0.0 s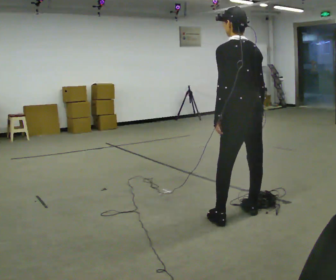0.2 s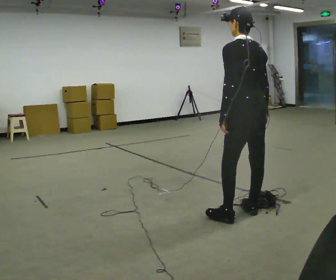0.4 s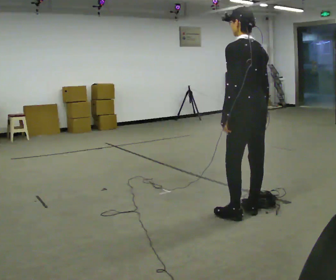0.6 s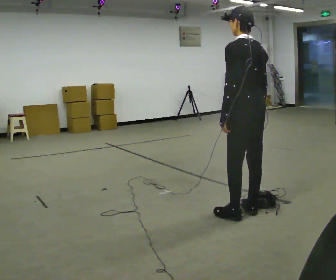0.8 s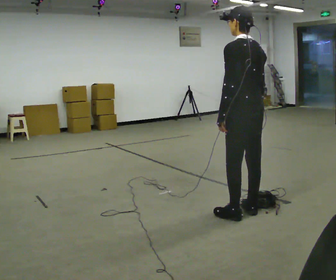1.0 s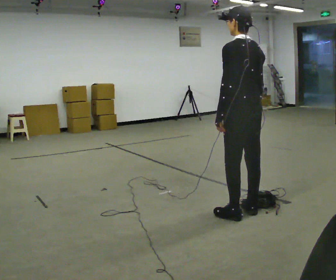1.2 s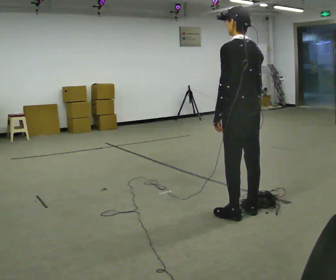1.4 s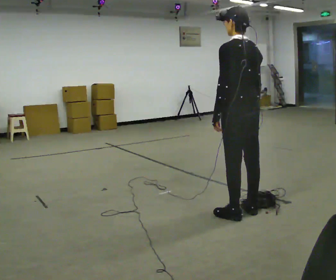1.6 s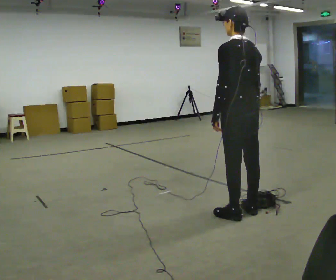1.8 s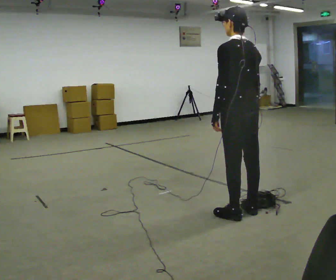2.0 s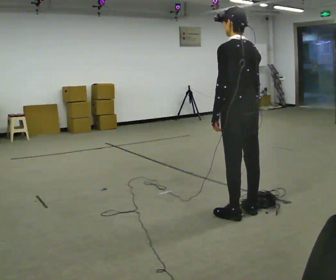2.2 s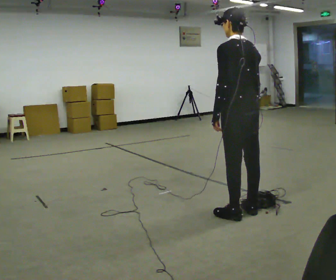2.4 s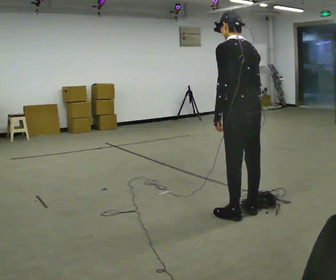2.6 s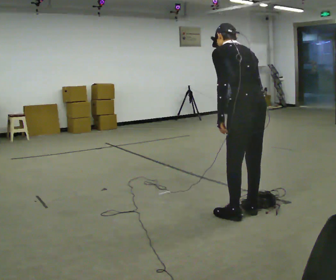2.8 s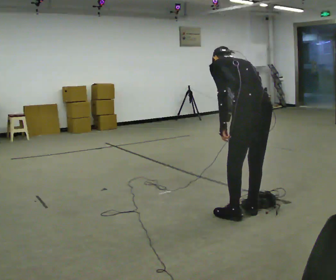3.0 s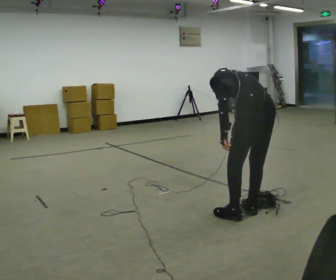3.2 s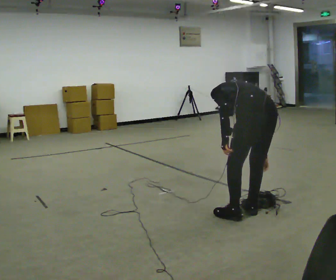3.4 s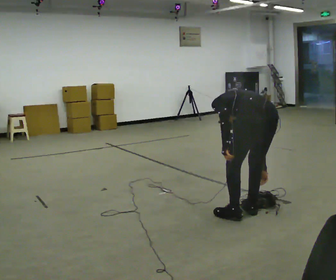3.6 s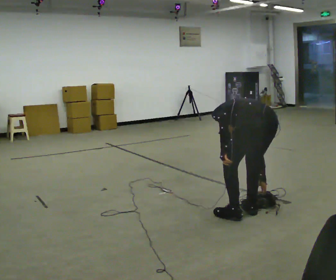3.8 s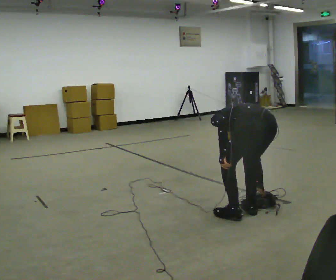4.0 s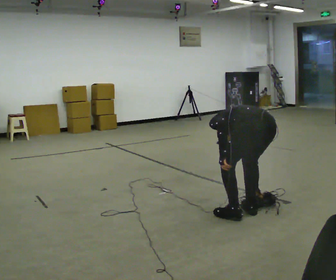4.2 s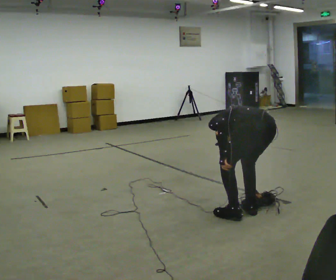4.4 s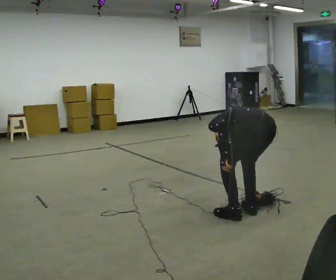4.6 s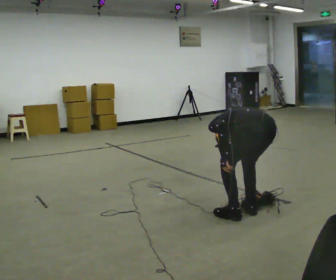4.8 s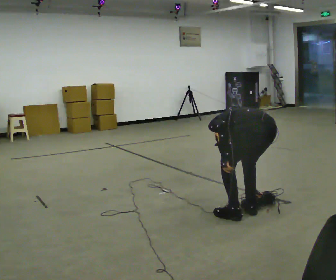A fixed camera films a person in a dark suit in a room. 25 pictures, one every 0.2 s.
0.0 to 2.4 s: The person moves a little, or ends about where they began.
2.4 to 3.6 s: The shoulders move downward. The upper body tips away from the camera, its near side rolling upward, as they bend forward.
3.6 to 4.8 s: The person moves a little, or ends about where they began.
The film runs forward here.
